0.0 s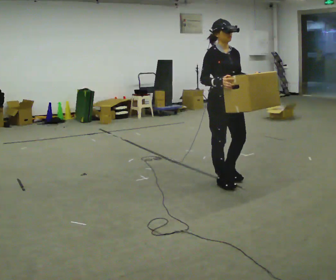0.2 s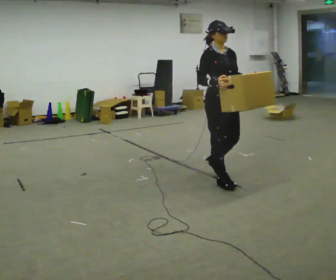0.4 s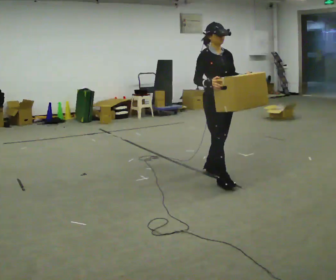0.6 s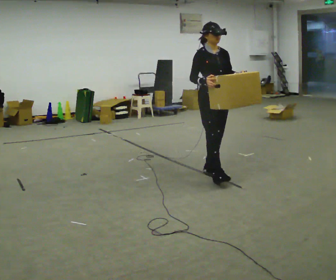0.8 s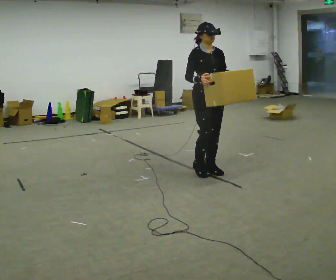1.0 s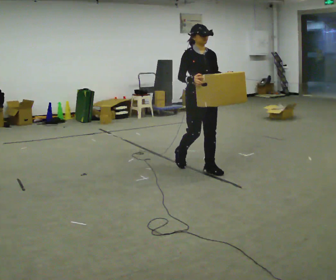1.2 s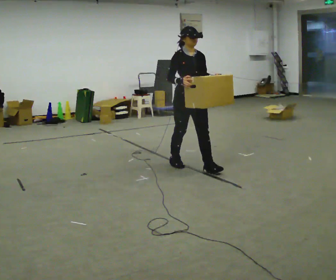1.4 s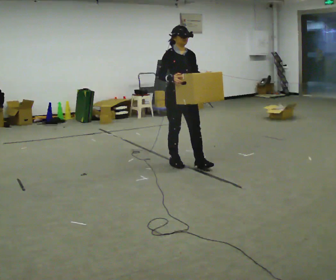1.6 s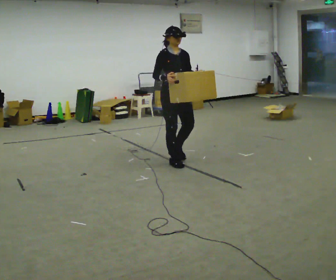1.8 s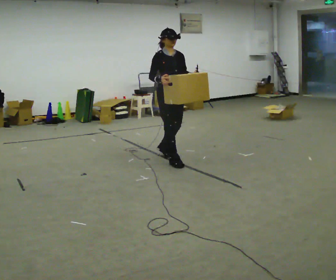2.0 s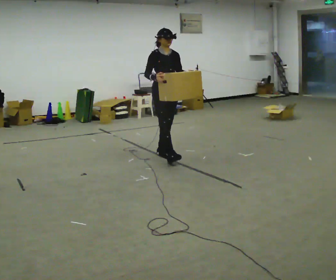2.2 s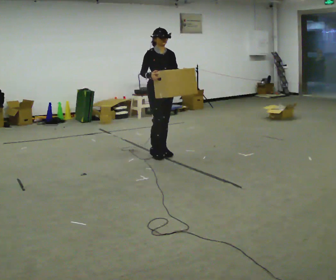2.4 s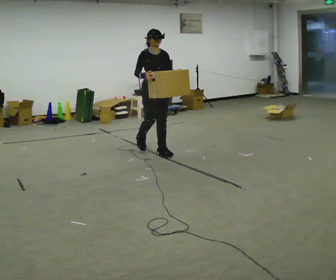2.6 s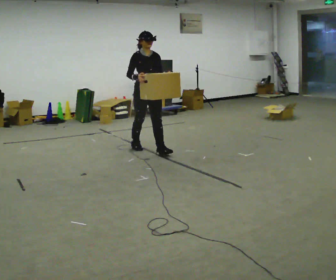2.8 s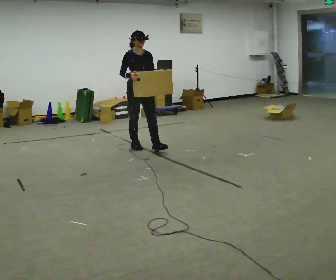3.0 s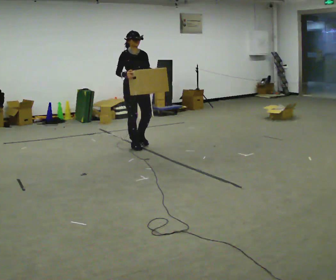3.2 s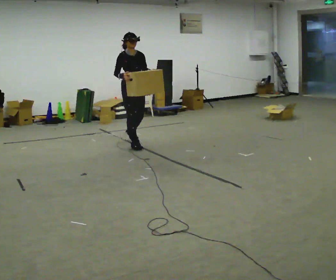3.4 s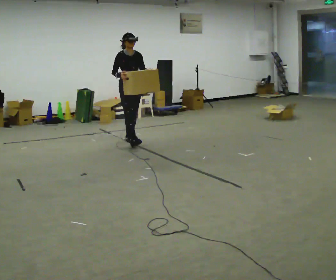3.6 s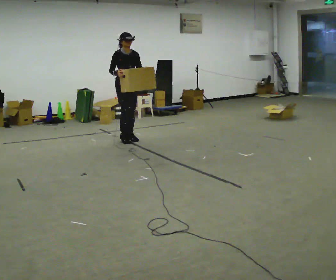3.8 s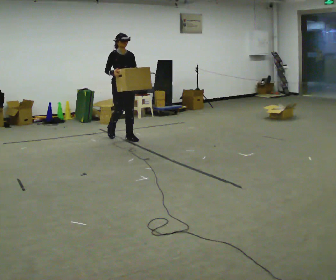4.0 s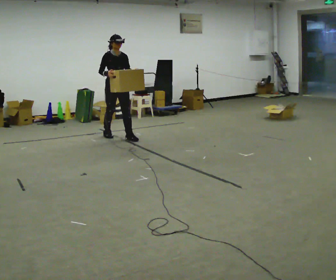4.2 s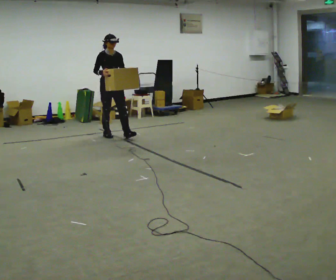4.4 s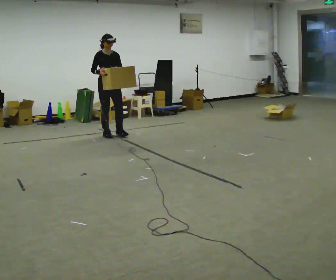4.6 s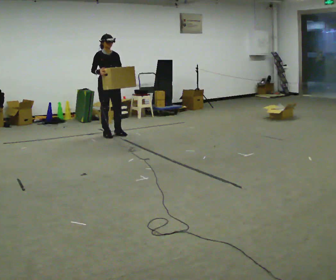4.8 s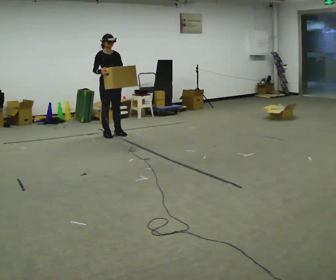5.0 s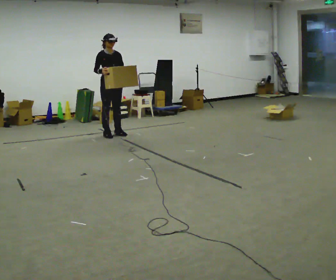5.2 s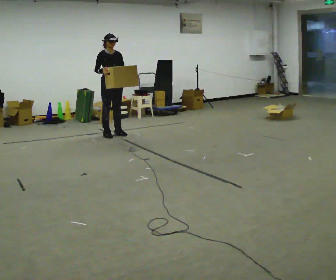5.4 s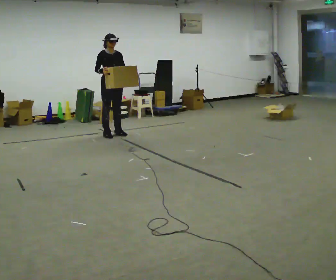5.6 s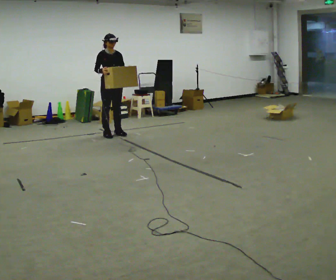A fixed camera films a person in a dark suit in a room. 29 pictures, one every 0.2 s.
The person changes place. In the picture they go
away from the camera.
0.0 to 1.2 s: In the picture they go away from the camera and to the left, about 0.5 m in 1 step, which for them is backward.
1.2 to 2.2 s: In the picture they go away from the camera and to the left, about 0.75 m in 2 steps, which for them is backward.
2.2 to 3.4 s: In the picture they go away from the camera and to the left, about 1 m in 2 steps, which for them is backward.
3.4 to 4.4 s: In the picture they go away from the camera and to the left, about 0.5 m in 1 step, which for them is backward.
4.4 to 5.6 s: The person moves a little, or ends about where they began.
The film runs backward here.
